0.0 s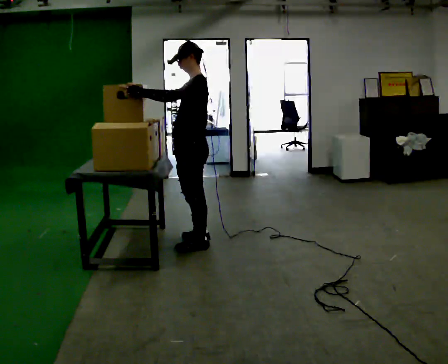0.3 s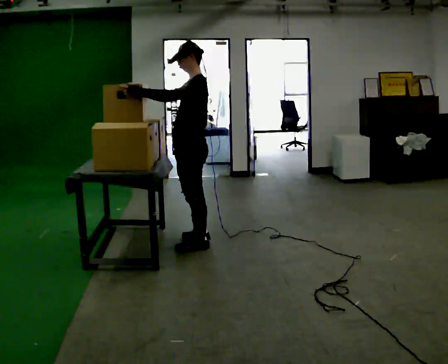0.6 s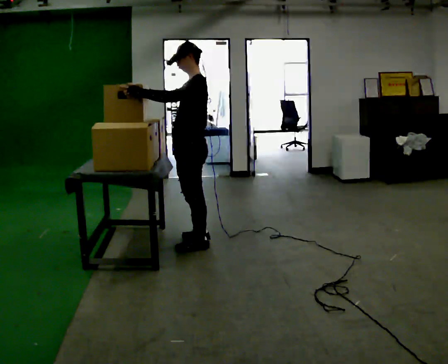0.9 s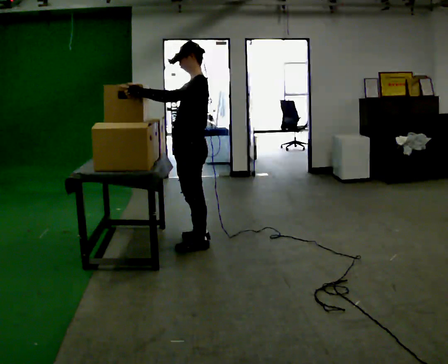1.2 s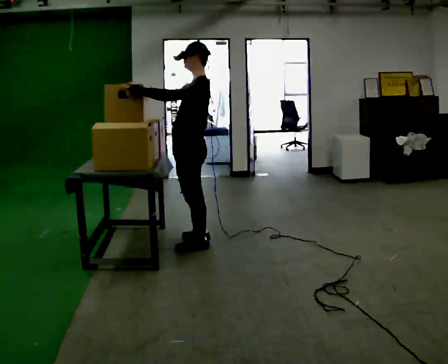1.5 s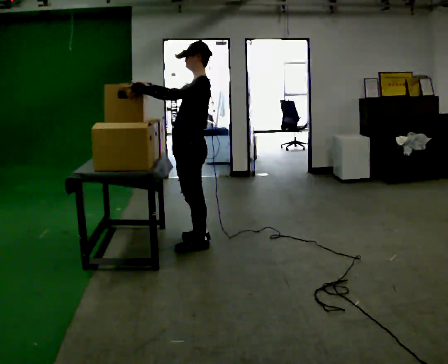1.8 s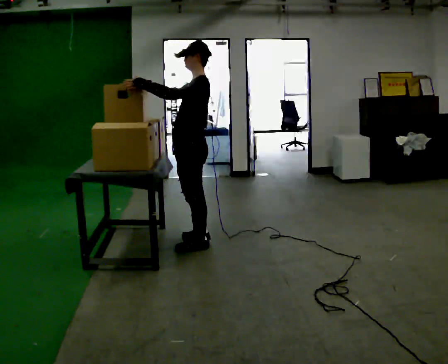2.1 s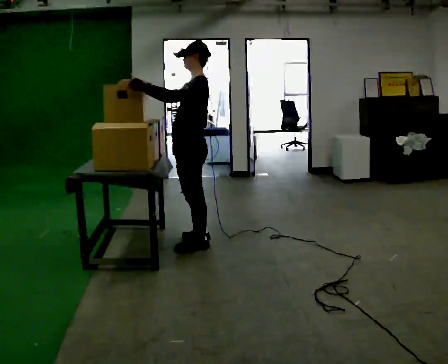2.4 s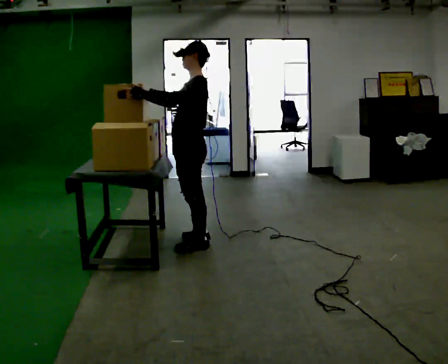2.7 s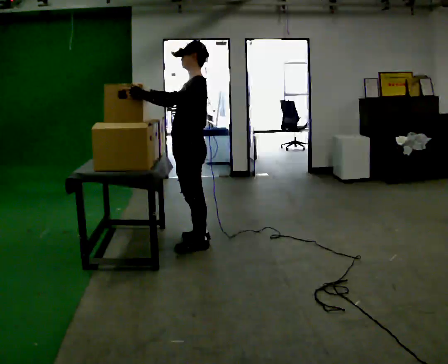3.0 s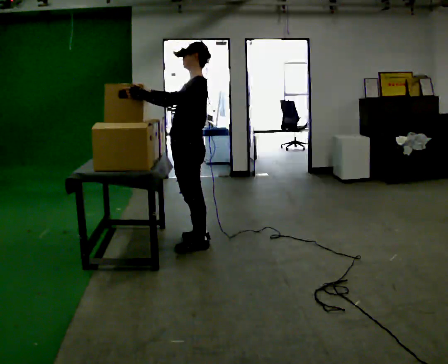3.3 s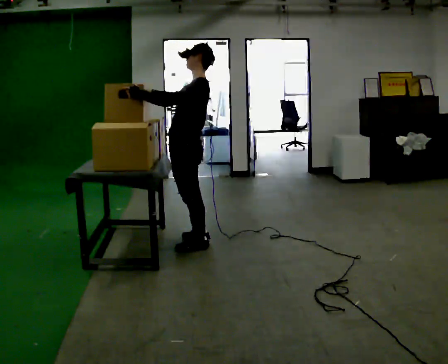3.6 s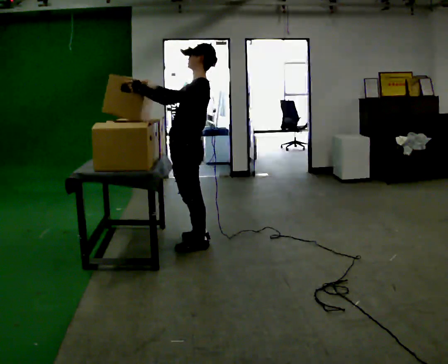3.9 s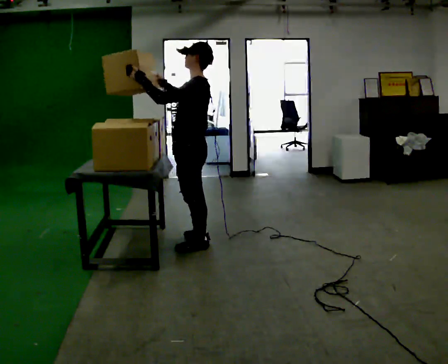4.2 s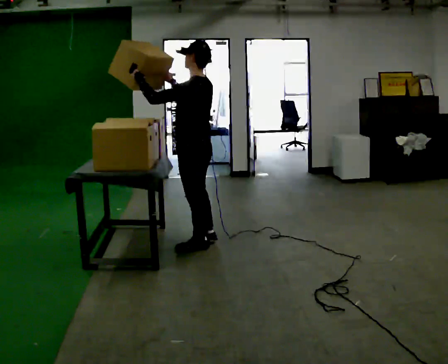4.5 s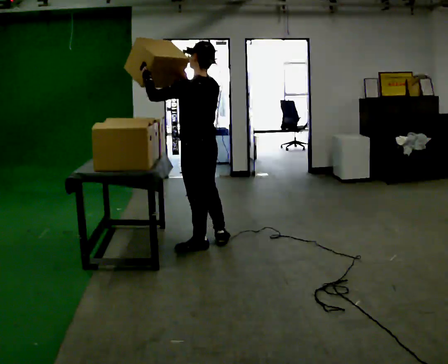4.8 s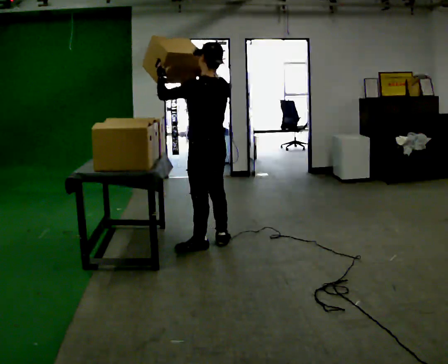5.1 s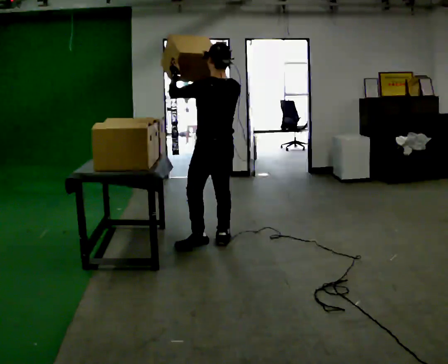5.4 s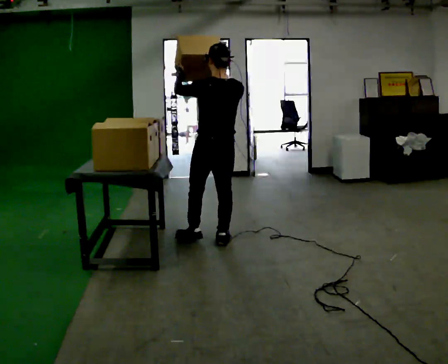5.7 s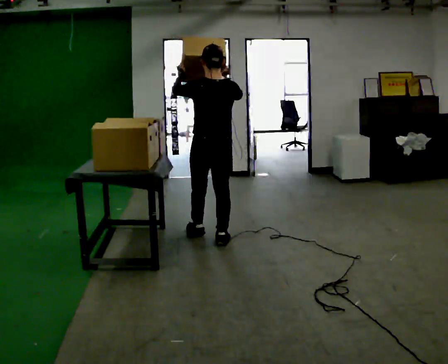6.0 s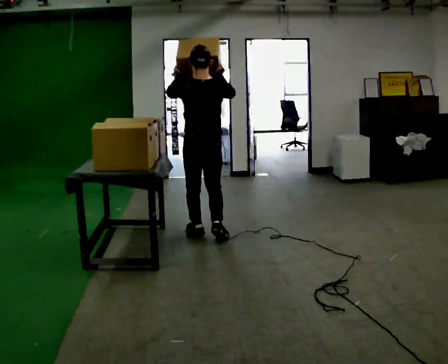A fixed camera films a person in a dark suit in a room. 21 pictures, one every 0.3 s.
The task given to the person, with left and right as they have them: Bring the boxes over one at a time and stack them on top of each other, walking back for each one. Keep going until the operator says stop; one object at a time, and do not rush between trips.
0.0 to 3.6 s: The person moves a little, or ends about where they began.
3.6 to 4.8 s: The part of the body nearest the lens slides to the left as the person turns to their right by about 45 degrees. In the picture they go to the right, about 0.25 m, which for them is to their right. In the picture their right hand goes to the right.
4.8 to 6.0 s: Seen from above the body turns clockwise, about 45 degrees: to their right, with its near side sliding to the left. In the picture they go away from the camera, about 0.25 m in 1 step, which for them is forward.
The film runs forward here.
